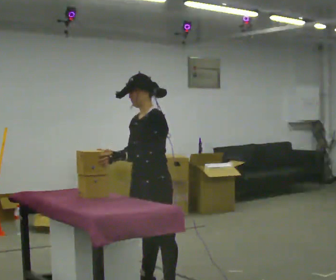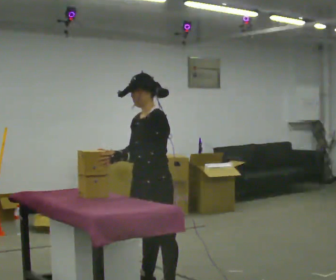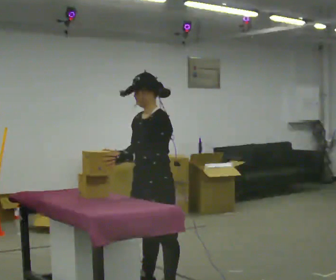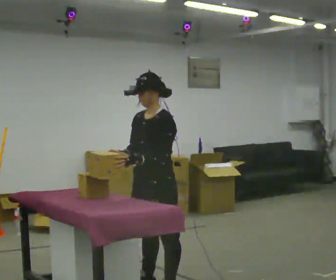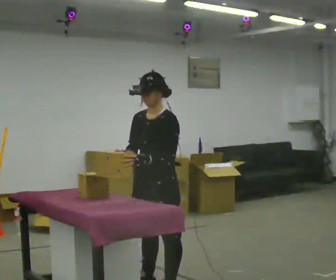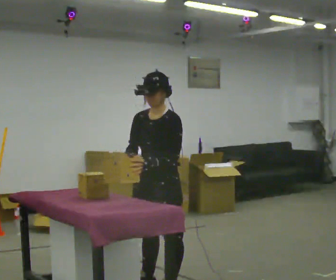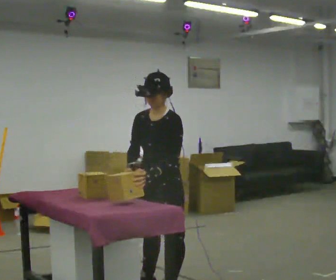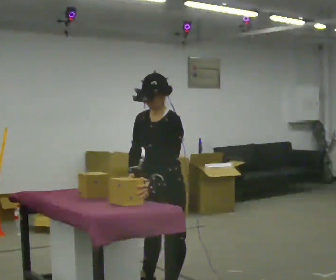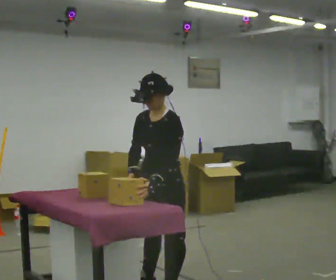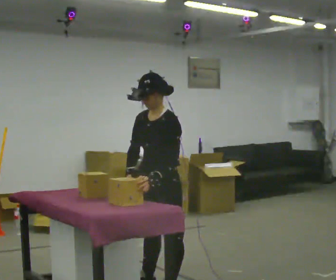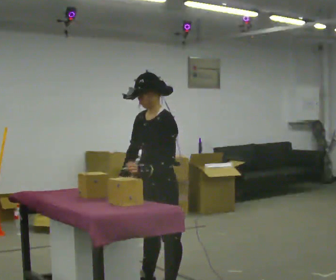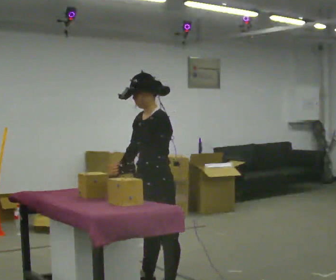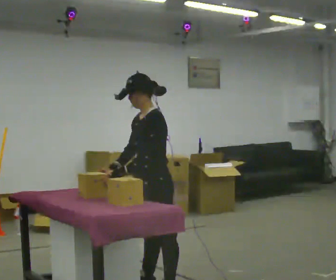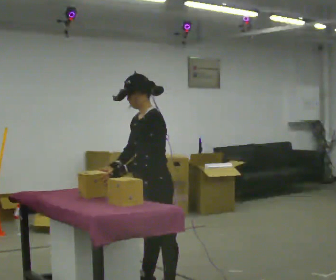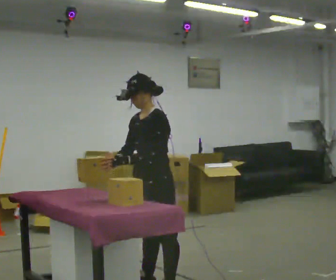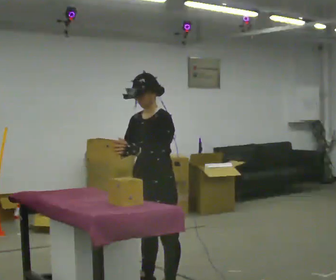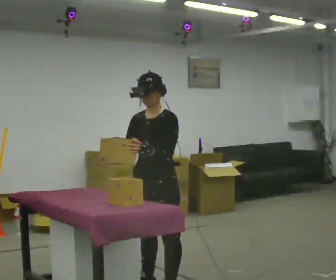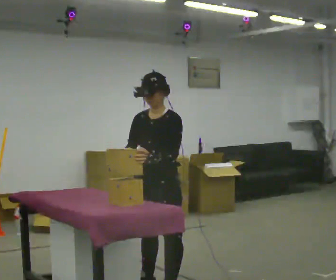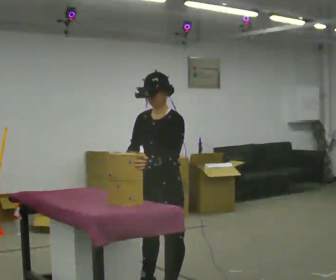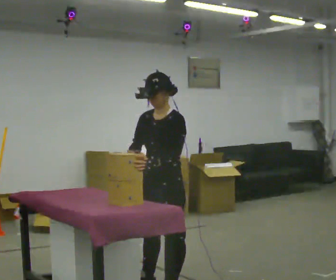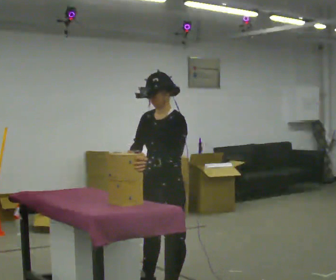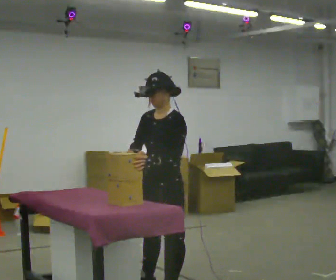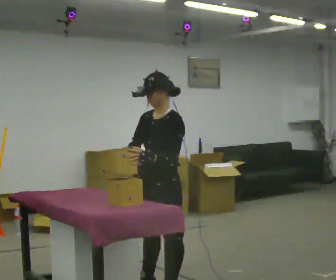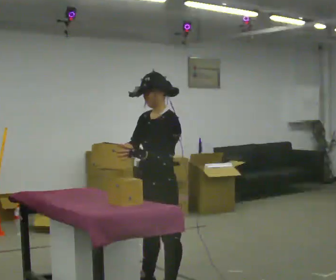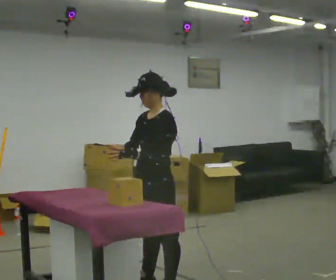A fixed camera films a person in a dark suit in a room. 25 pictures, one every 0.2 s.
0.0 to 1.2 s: The person moves a little, or ends about where they began.
1.2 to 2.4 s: Seen from above the body turns clockwise, about 30 degrees: to their right, with its near side sliding to the left.
2.4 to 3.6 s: Seen from above the body turns counterclockwise, about 30 degrees: to their left, with its near side sliding to the right.
3.6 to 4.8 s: The person moves a little, or ends about where they began.
The film runs forward here.
